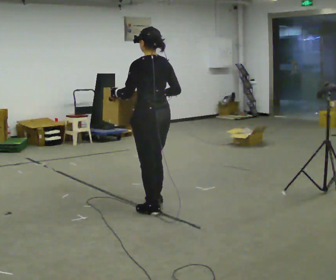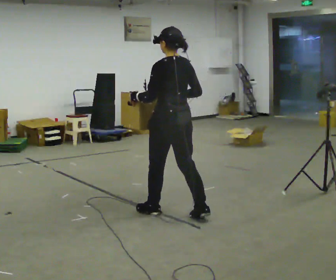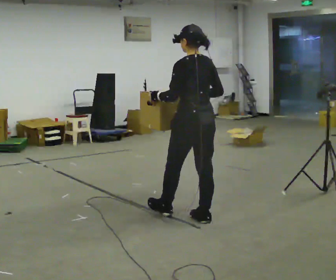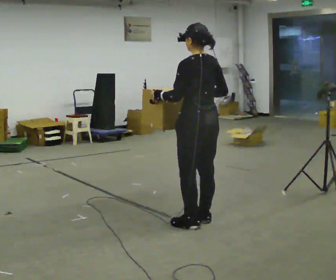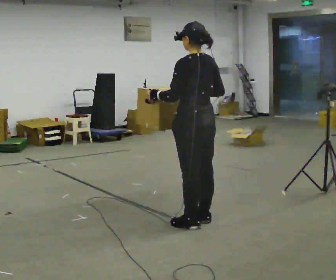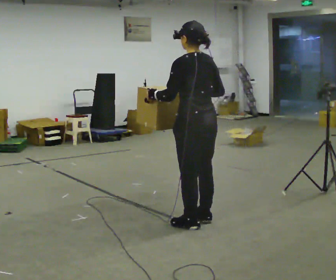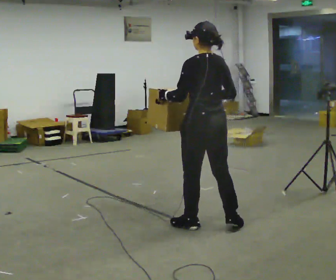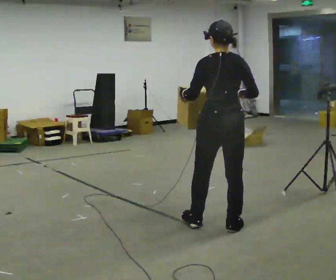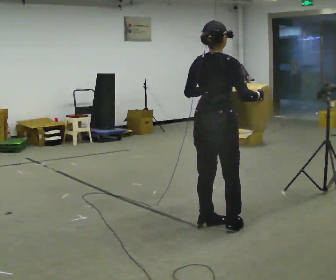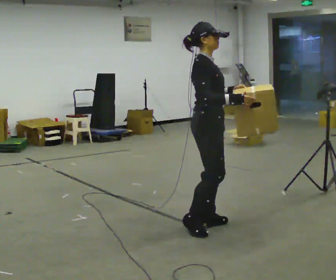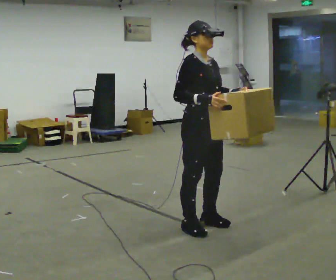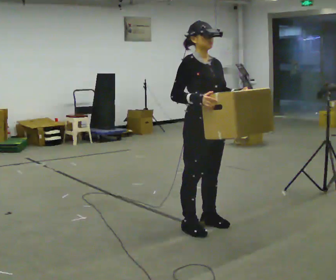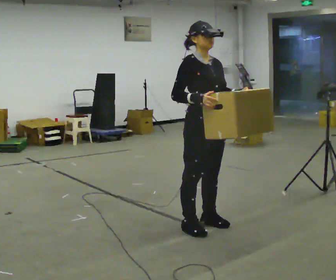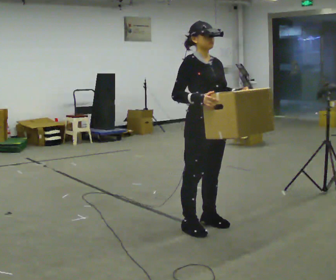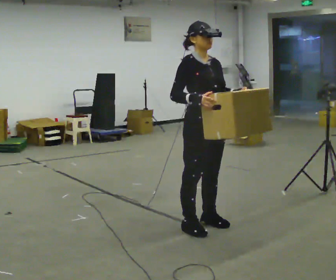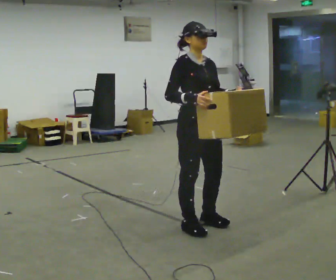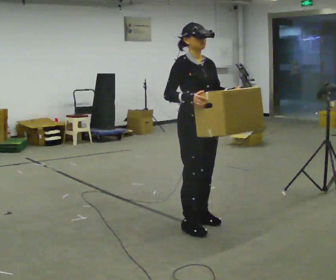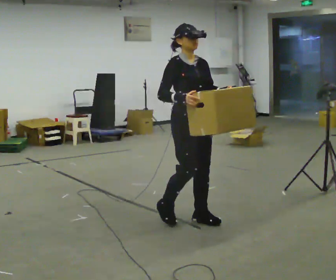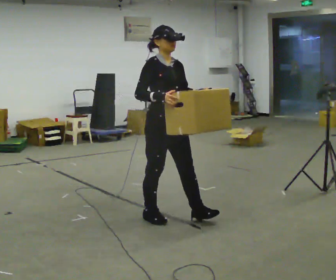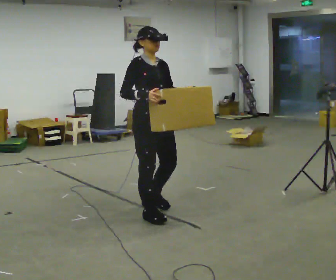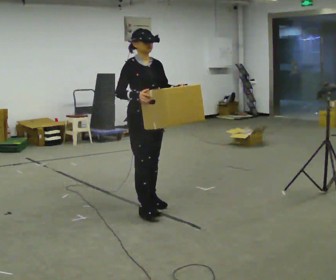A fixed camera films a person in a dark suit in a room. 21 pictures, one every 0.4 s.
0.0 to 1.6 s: In the picture they go to the right and toward the camera, about 0.5 m in 1 step, which for them is backward.
1.6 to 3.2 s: The person turns about 75 degrees to their right, clockwise seen from above, so the part of the body nearest the lens slides to the left. In the picture their right hand goes to the right.
3.2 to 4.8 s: The person turns about 105 degrees to their right, clockwise seen from above, so the part of the body nearest the lens slides to the left. In the picture their right hand goes to the left.
4.8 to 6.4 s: The person moves a little, or ends about where they began.
6.4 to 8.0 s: In the picture they go to the left and away from the camera, about 0.75 m in 3 steps, which for them is backward.
The film runs backward here.
